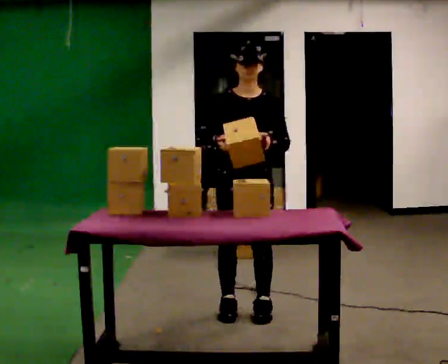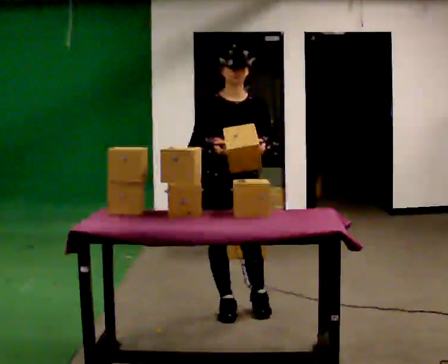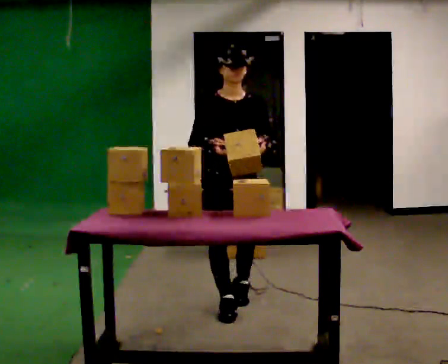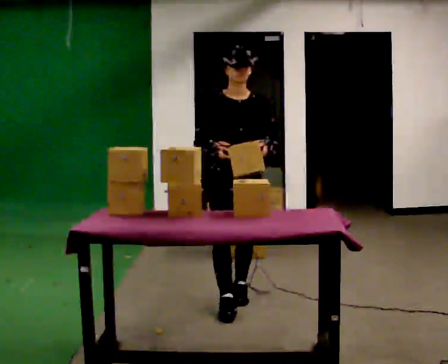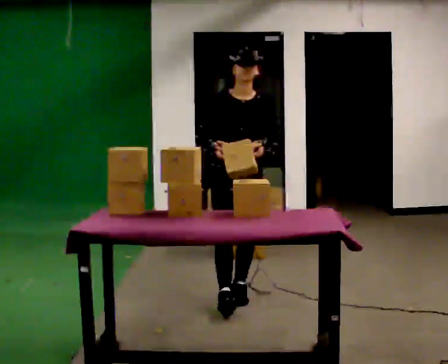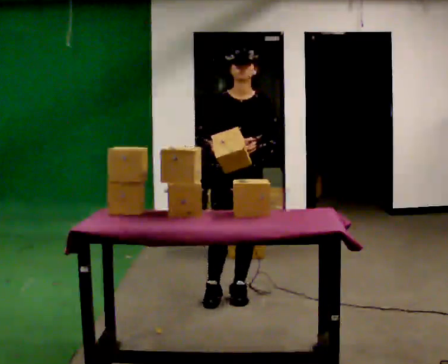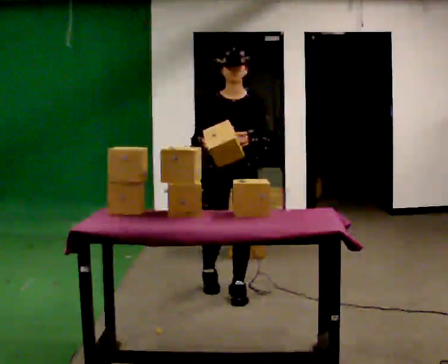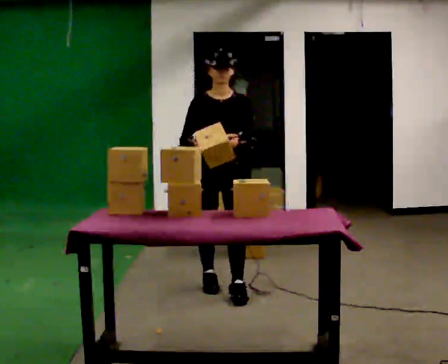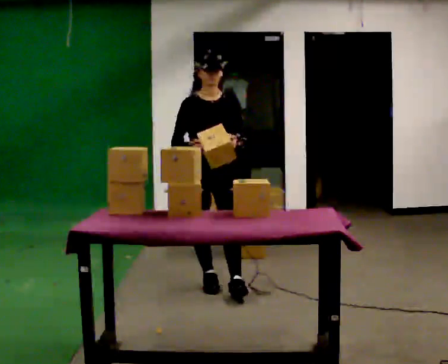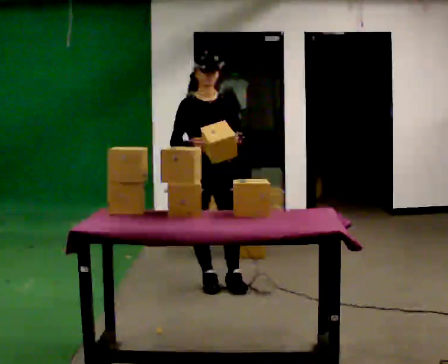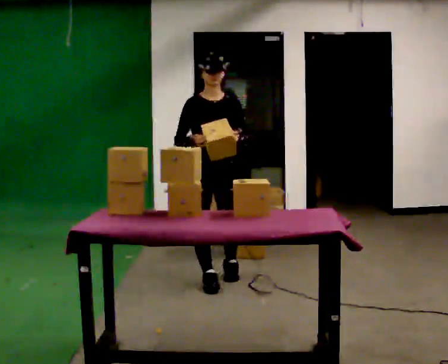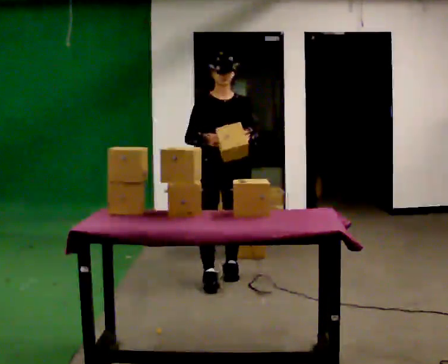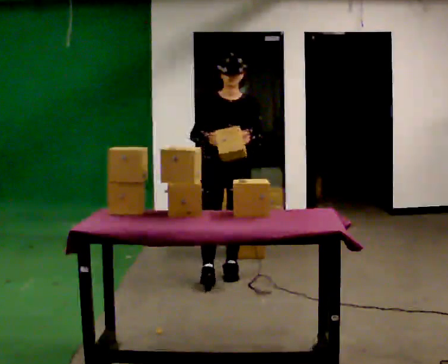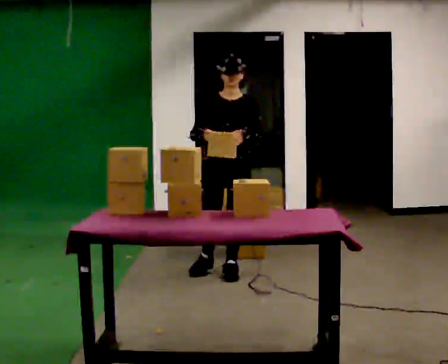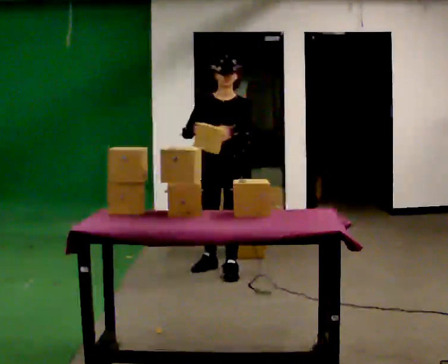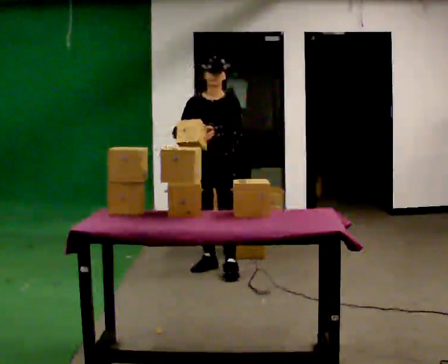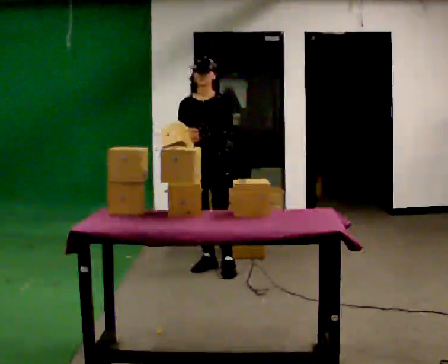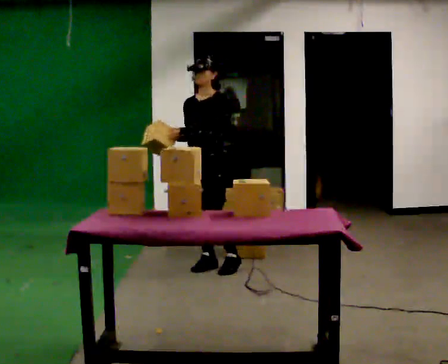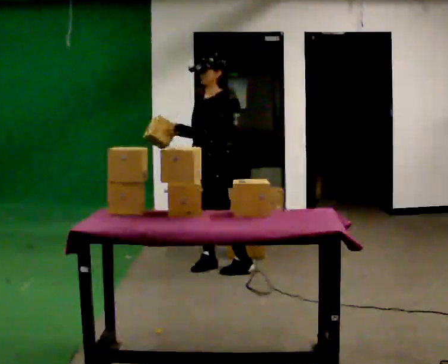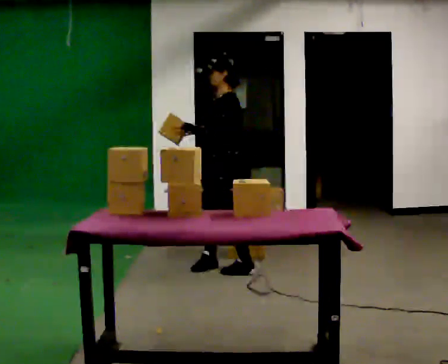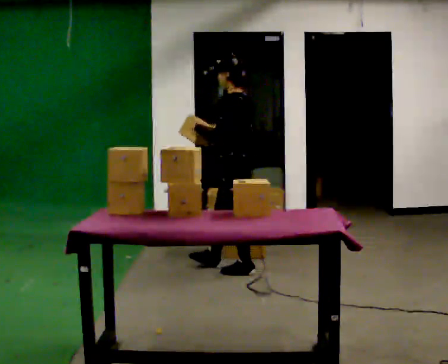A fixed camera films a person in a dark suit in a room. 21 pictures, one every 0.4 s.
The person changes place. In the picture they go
away from the camera.
The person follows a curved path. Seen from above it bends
clockwise.
0.0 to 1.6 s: In the picture they go away from the camera, about 0.25 m in 1 step, which for them is backward.
1.6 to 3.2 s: In the picture they go away from the camera and to the left, about 0.25 m in 1 step, which for them is backward and to their right.
3.2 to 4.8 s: In the picture they go away from the camera, about 0.25 m in 1 step, which for them is backward and to their left.
4.8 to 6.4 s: In the picture they go away from the camera and to the left, about 0.25 m in 2 steps, which for them is to their right and backward.
6.4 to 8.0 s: The person turns about 90 degrees to their right, clockwise seen from above, so the part of the body nearest the lens slides to the left. In the picture they go to the right, about 0.25 m in 2 steps.
The film runs backward here.
